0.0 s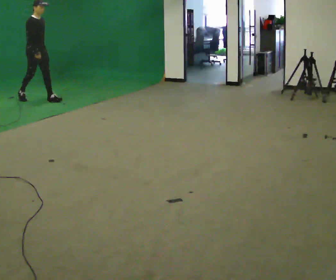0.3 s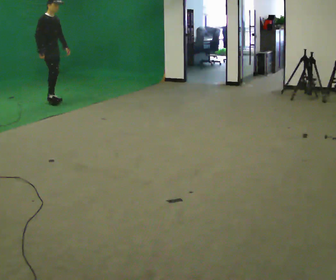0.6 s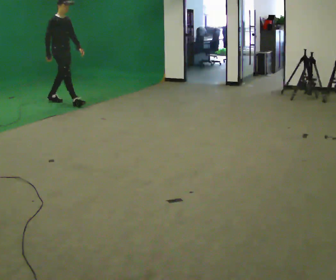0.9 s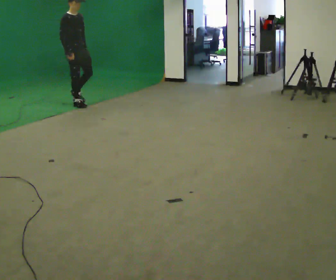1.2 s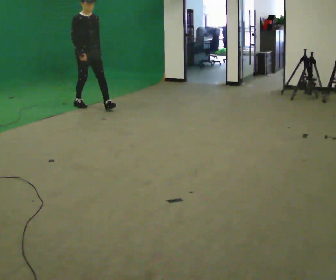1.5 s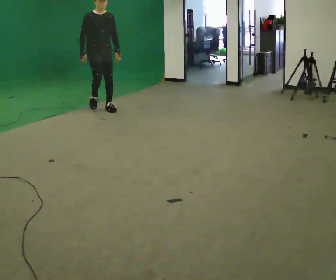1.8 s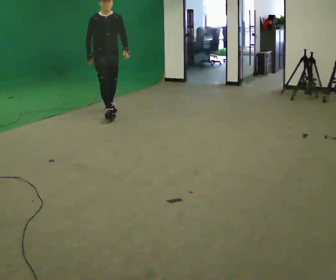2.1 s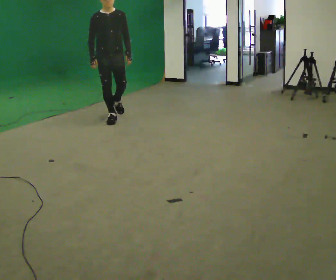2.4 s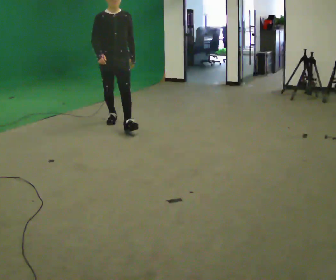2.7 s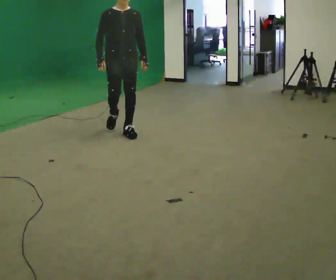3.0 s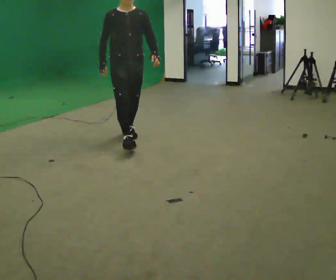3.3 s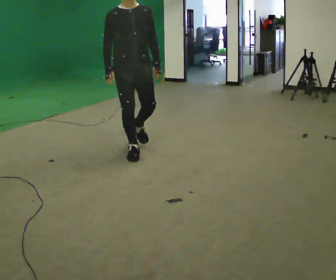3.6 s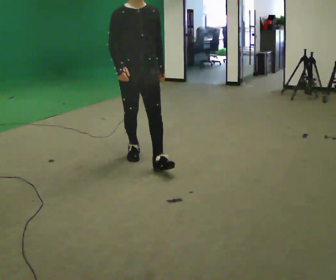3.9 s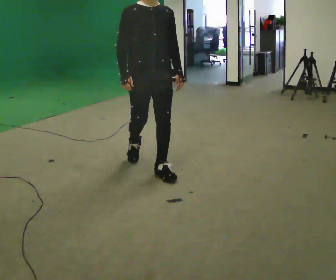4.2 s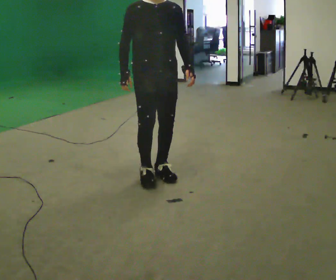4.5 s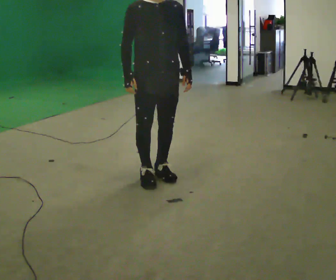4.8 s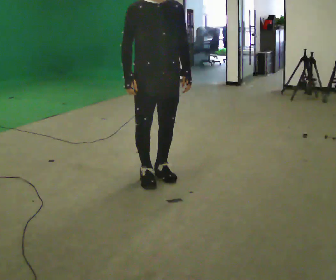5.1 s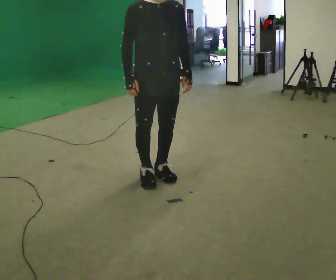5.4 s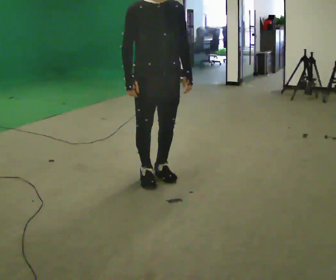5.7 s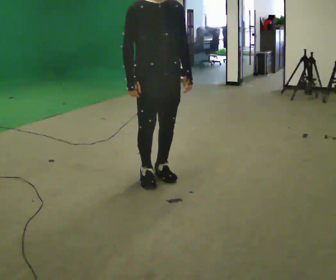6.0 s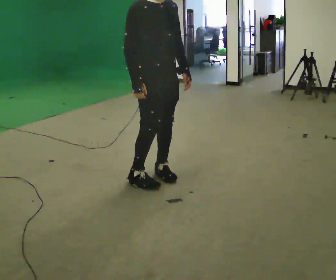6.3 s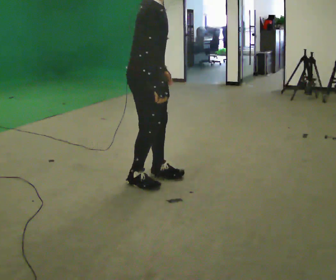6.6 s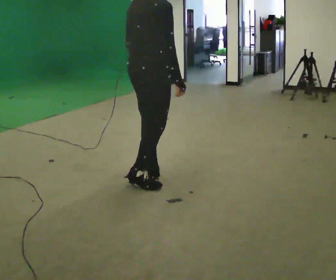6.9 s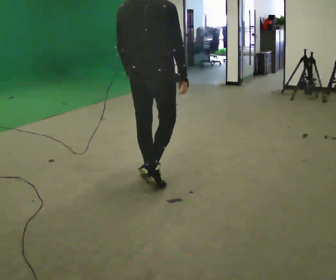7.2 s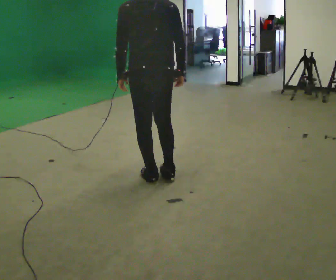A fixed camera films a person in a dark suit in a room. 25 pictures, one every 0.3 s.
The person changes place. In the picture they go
toward the camera.
0.0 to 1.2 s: The part of the body nearest the lens slides to the left as the person turns to their right by about 30 degrees. In the picture they go to the right and toward the camera, about 1 m in 1 step, which for them is forward.
1.2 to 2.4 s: The part of the body nearest the lens slides to the left as the person turns to their right by about 30 degrees. In the picture they go toward the camera and to the right, about 1 m in 2 steps, which for them is forward.
2.4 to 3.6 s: In the picture they go toward the camera, about 1.5 m in 2 steps, which for them is forward.
3.6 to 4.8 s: In the picture they go toward the camera, about 0.5 m in 2 steps, which for them is forward.
4.8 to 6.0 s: Seen from above the body turns counterclockwise, about 30 degrees: to their left, with its near side sliding to the right.
6.0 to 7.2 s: Seen from above the body turns counterclockwise, about 150 degrees: to their left, with its near side sliding to the right. In the picture their right hand goes to the right.
The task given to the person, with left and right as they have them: Walk straight; at marker turn ~45° while continuing to walk; continue straight.
The film runs forward here.
